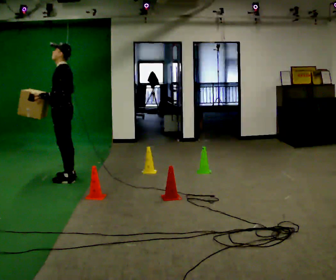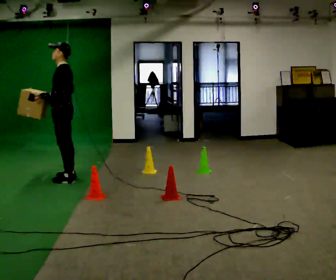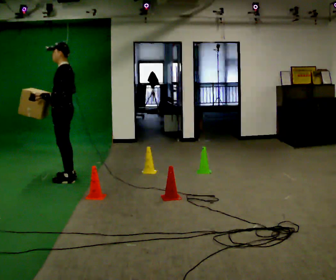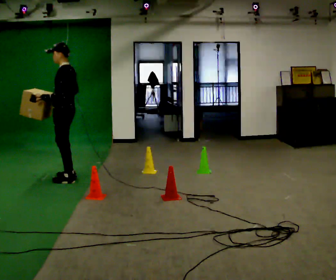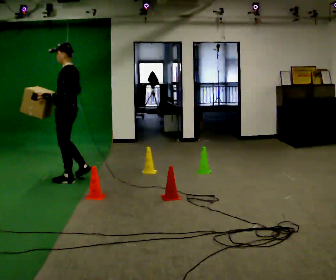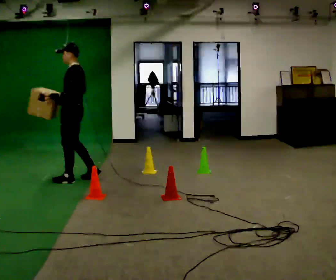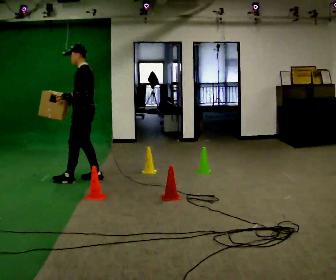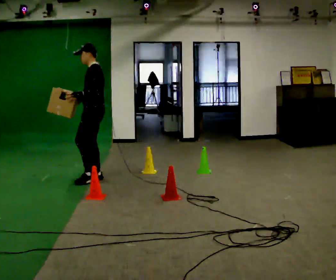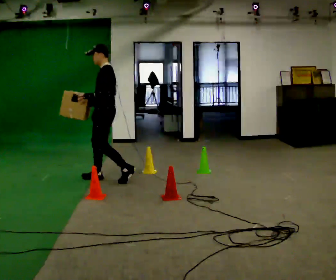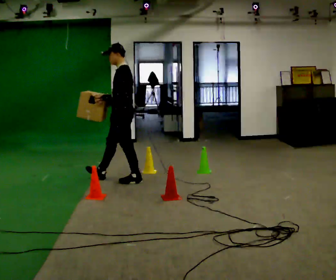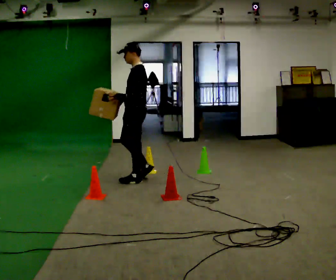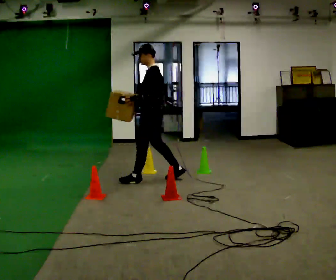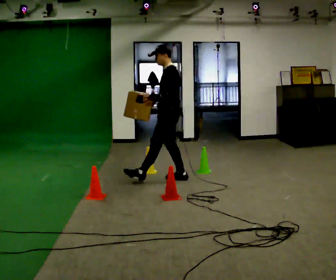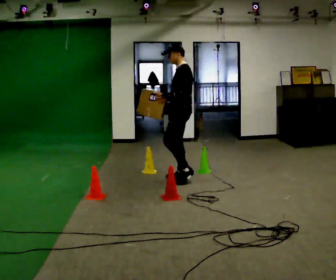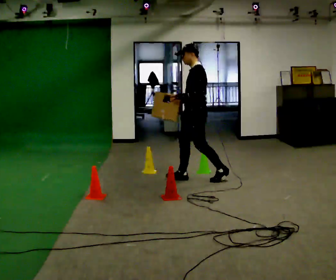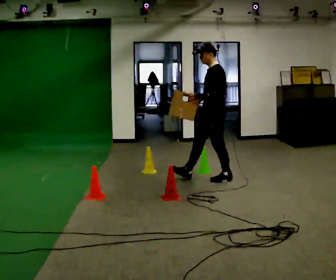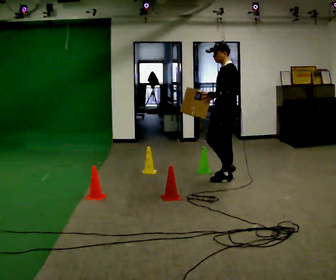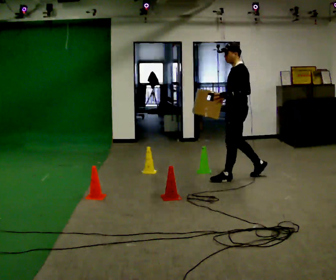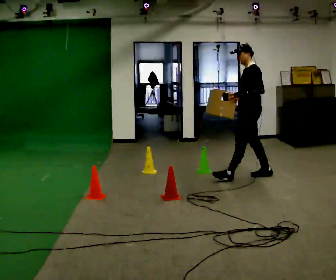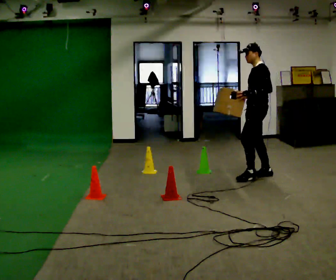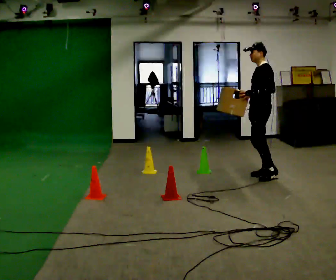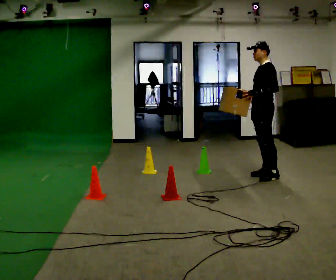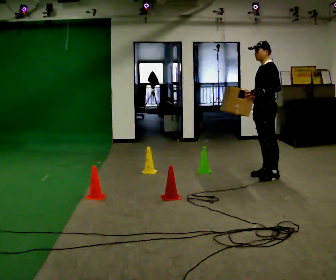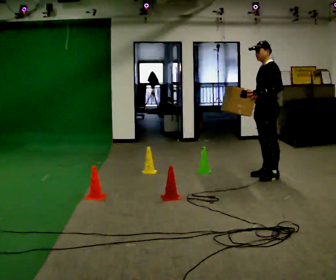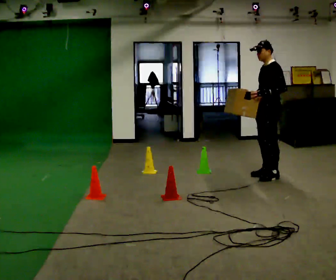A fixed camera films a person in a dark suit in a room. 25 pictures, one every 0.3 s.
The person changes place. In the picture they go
to the right.
0.0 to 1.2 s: The person moves a little, or ends about where they began.
1.2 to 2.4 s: In the picture they go to the right, about 0.5 m in 1 step, which for them is backward.
2.4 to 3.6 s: In the picture they go to the right, about 1 m in 2 steps, which for them is backward.
3.6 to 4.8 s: In the picture they go to the right, about 0.75 m in 1 step, which for them is backward.
4.8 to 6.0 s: In the picture they go to the right, about 0.5 m in 1 step, which for them is backward.
6.0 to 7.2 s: The person moves a little, or ends about where they began.
The film runs backward here.
